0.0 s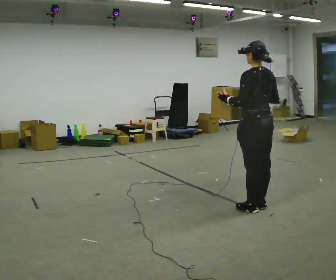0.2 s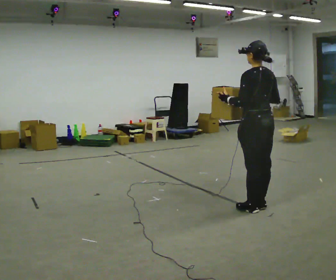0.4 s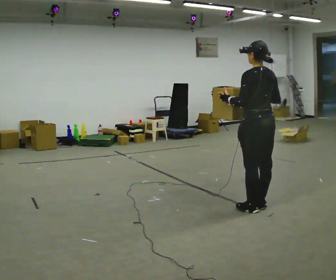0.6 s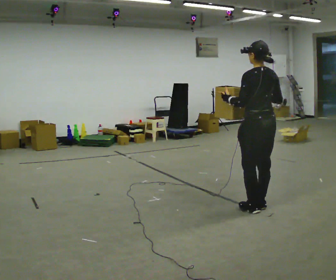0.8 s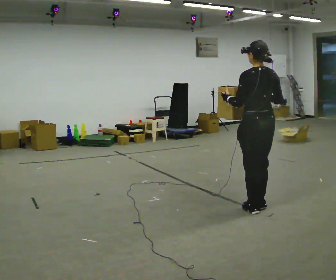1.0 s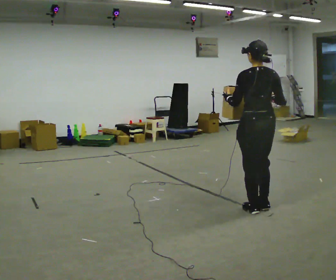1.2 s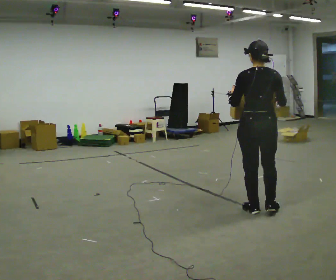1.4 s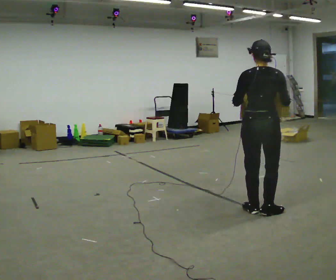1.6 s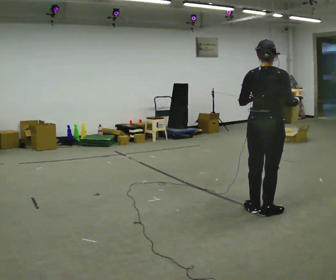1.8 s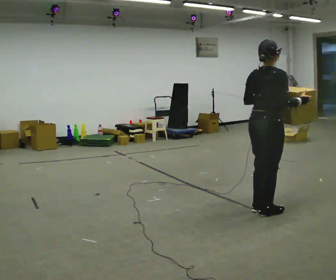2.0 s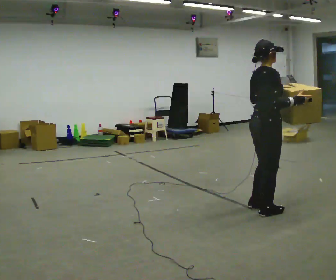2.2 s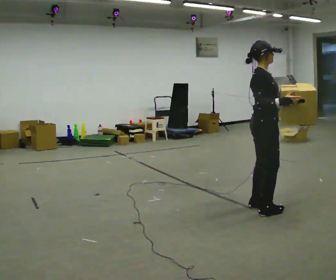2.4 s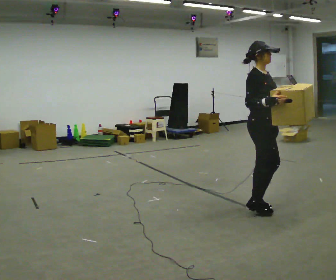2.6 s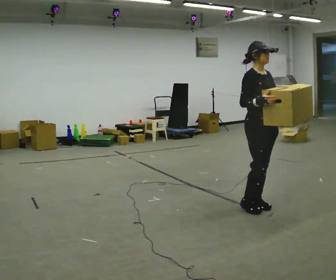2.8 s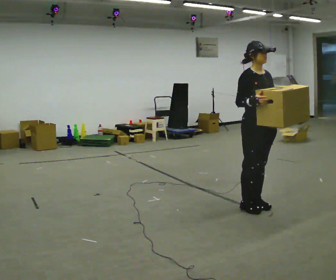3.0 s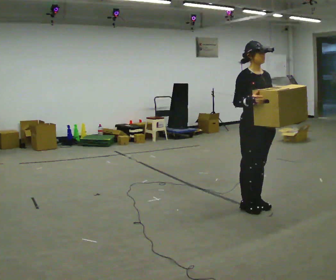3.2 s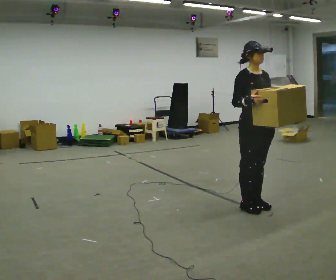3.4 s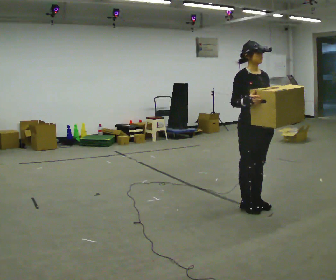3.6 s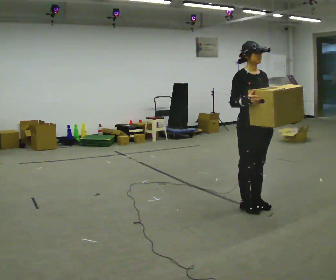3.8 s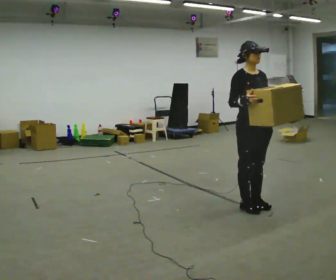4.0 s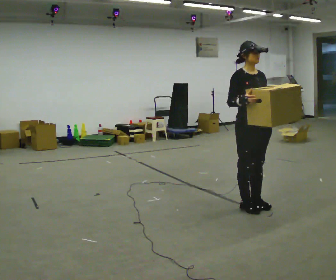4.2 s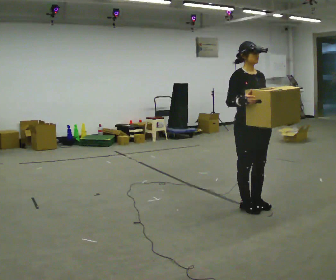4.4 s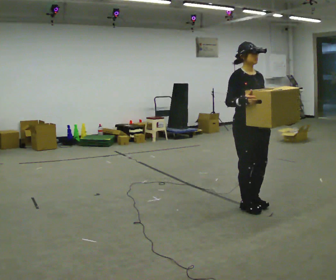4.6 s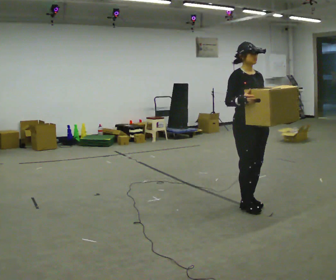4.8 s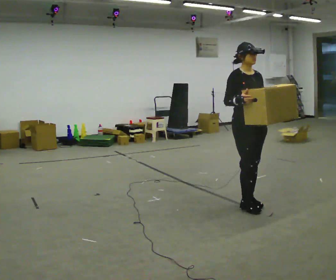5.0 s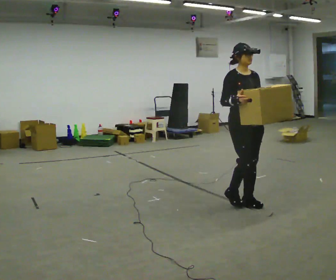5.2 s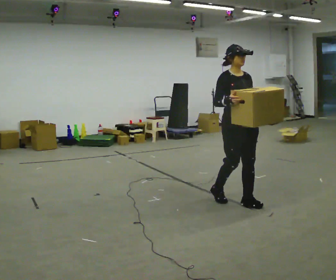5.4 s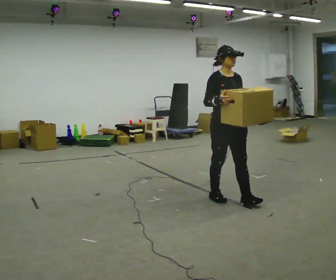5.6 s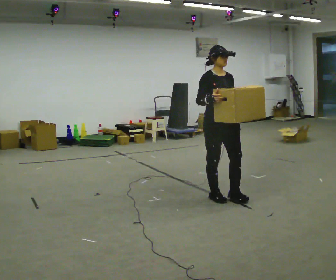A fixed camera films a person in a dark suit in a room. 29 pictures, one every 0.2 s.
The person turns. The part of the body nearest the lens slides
to the left.
The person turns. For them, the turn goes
to their right.
0.0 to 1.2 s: The part of the body nearest the lens slides to the left as the person turns to their right by about 30 degrees.
1.2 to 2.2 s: Seen from above the body turns clockwise, about 105 degrees: to their right, with its near side sliding to the left. In the picture their left hand goes to the right.
2.2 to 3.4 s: The part of the body nearest the lens slides to the left as the person turns to their right by about 45 degrees.
3.4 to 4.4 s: The person moves a little, or ends about where they began.
4.4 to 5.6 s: In the picture they go away from the camera and to the left, about 0.5 m in 2 steps, which for them is backward.
The film runs backward here.
